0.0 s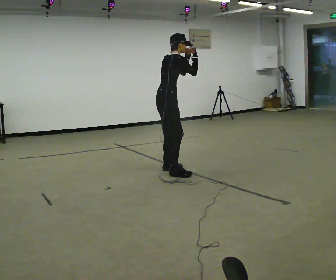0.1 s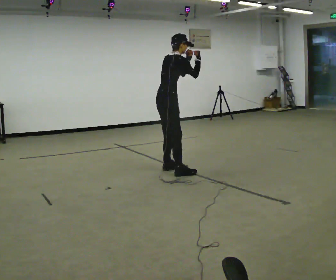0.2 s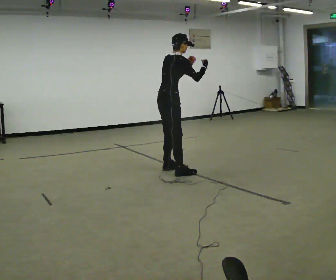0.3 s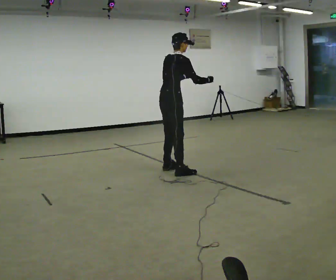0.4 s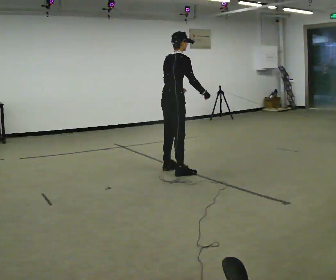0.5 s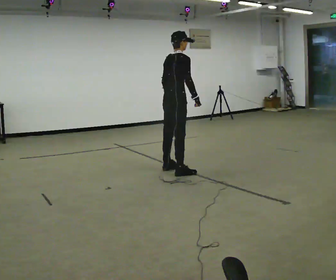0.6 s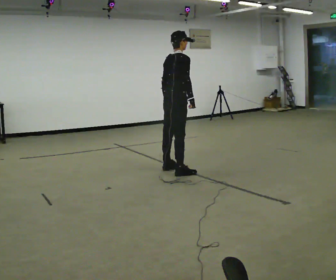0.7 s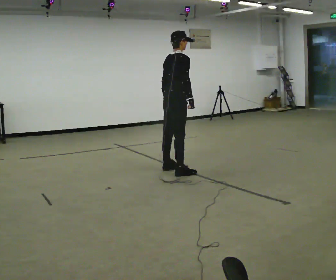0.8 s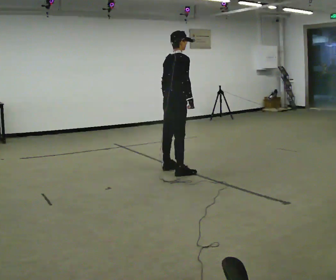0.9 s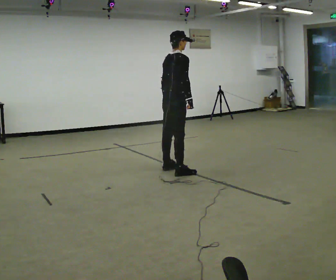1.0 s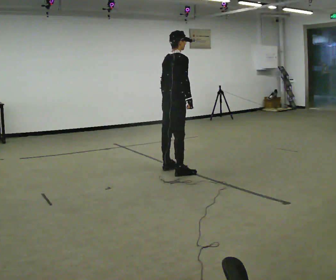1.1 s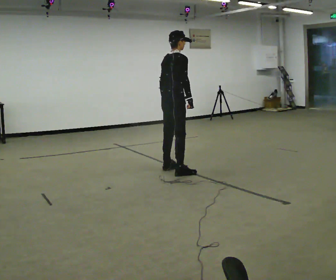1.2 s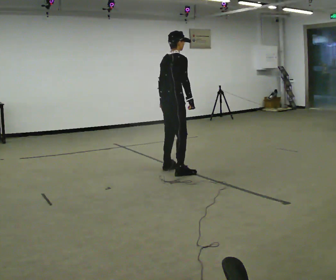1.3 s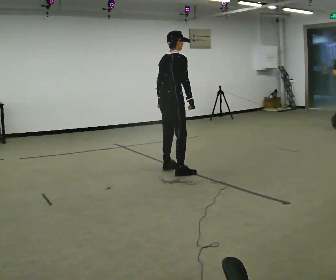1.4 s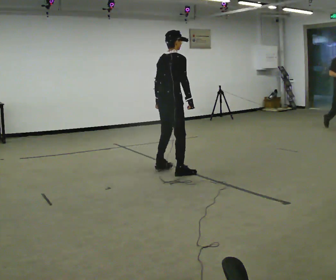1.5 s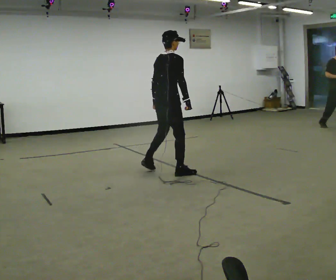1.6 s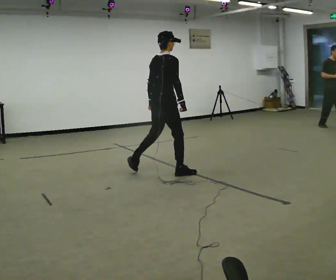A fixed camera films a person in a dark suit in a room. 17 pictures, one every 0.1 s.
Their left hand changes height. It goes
downward.
Their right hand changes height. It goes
downward.
0.0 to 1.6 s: Seen from above the body turns counterclockwise, about 30 degrees: to their left, with its near side sliding to the right. In the picture their right hand goes downward.
The film runs backward here.
